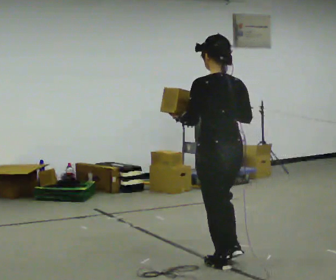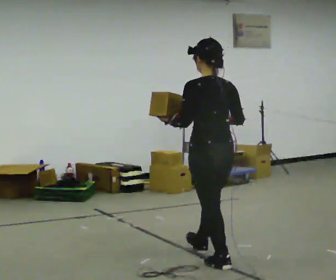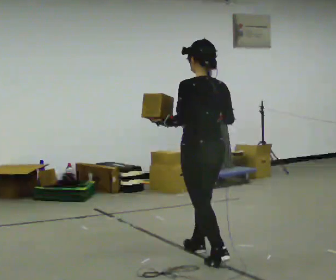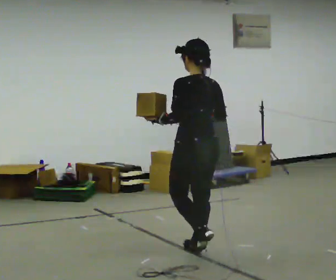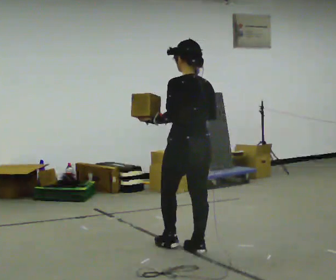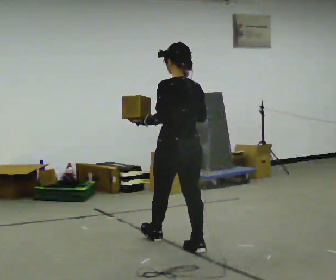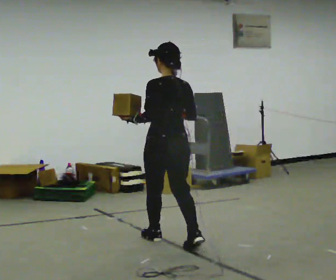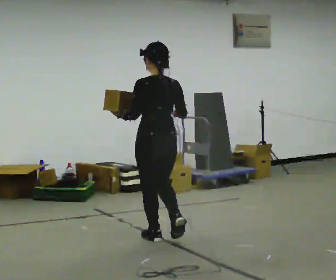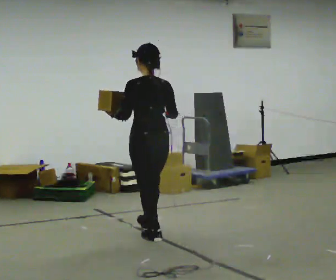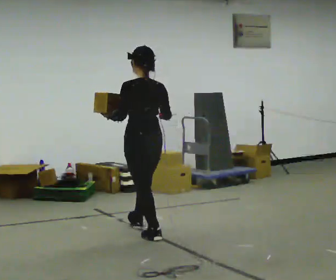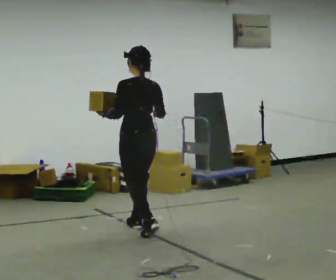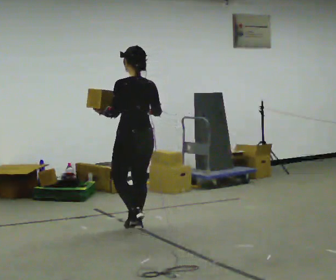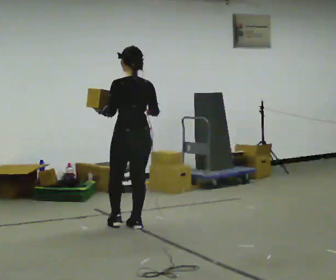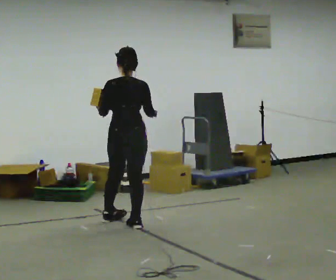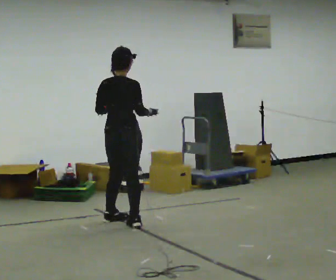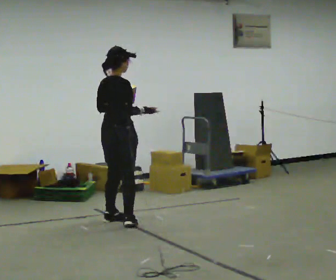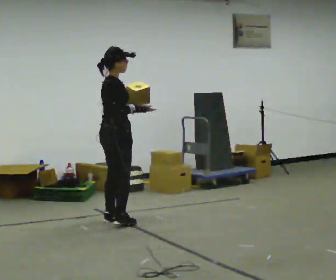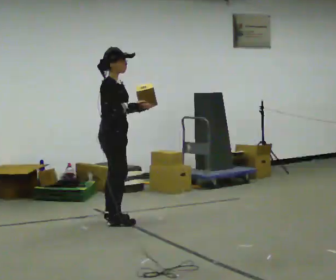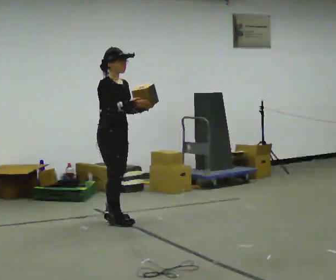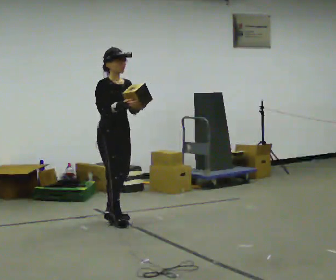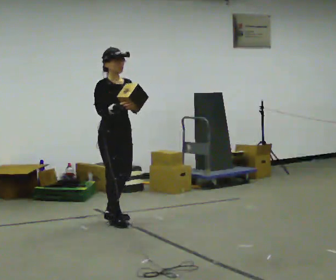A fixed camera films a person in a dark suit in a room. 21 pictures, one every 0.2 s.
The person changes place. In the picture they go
away from the camera.
The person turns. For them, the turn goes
to their right.
0.0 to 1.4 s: In the picture they go away from the camera and to the left, about 1 m in 2 steps, which for them is forward.
1.4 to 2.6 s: The person turns about 30 degrees to their right, clockwise seen from above, so the part of the body nearest the lens slides to the left. In the picture they go away from the camera and to the left, about 0.75 m in 2 steps, which for them is forward.
2.6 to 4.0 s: Seen from above the body turns clockwise, about 135 degrees: to their right, with its near side sliding to the left. In the picture their left hand goes to the right.
The film runs forward here.
